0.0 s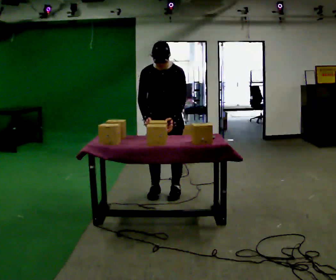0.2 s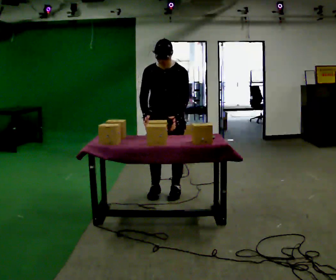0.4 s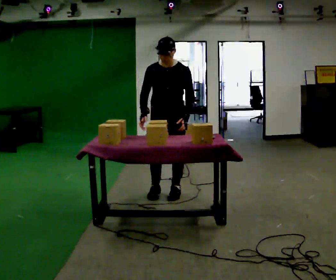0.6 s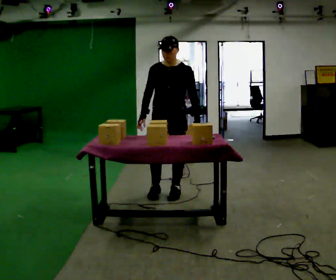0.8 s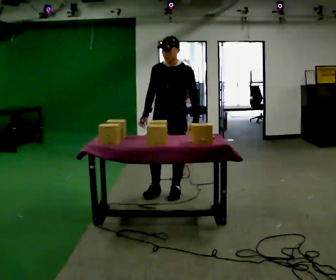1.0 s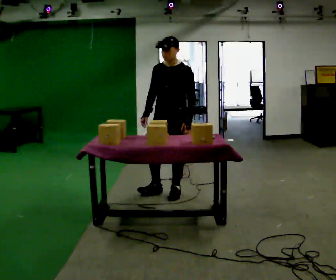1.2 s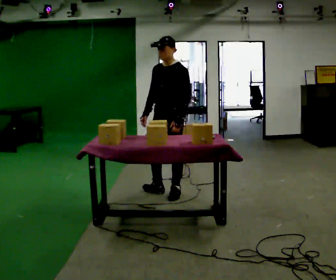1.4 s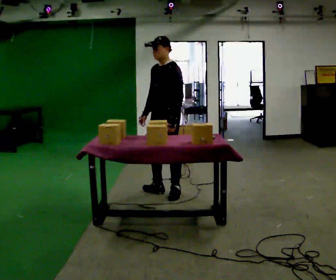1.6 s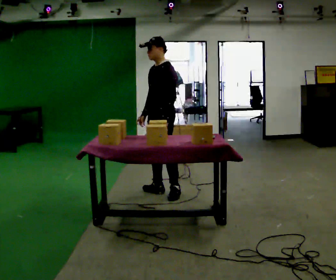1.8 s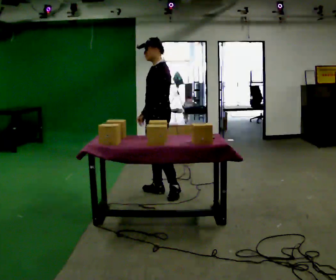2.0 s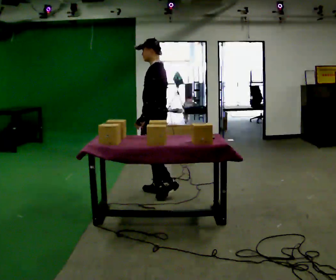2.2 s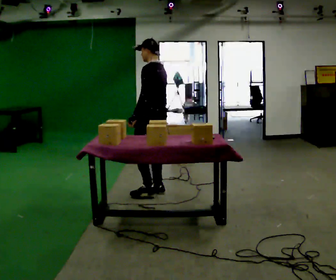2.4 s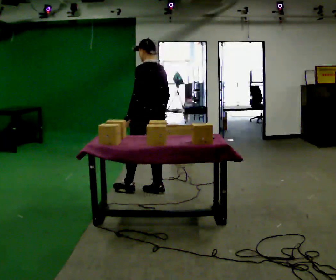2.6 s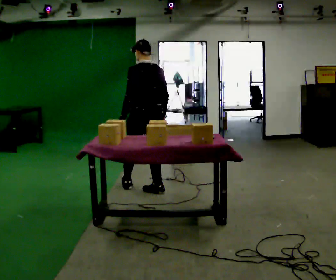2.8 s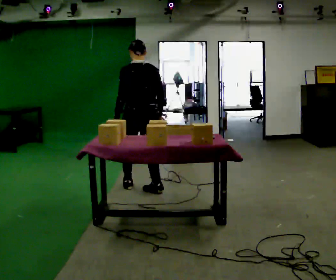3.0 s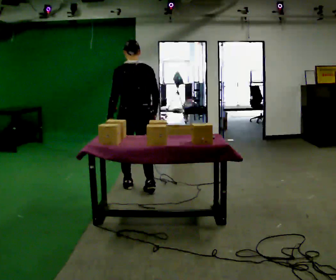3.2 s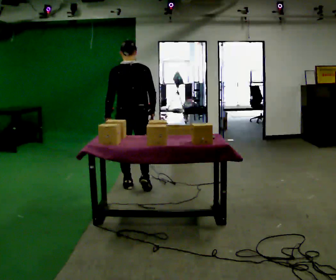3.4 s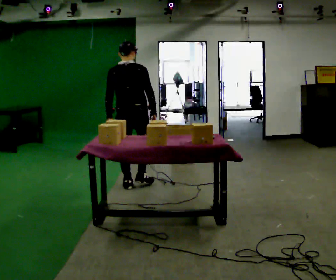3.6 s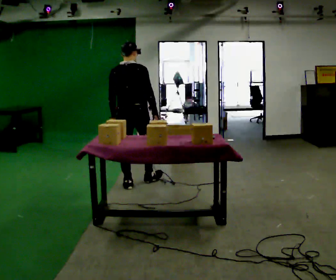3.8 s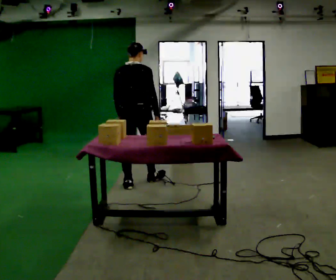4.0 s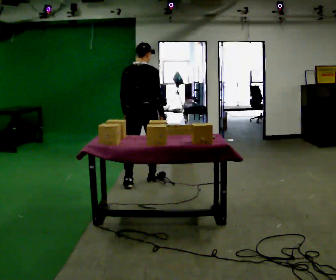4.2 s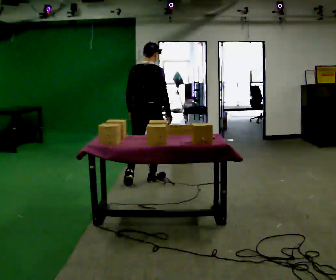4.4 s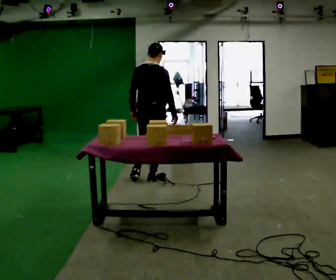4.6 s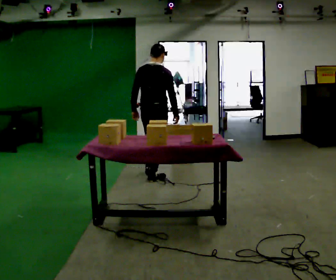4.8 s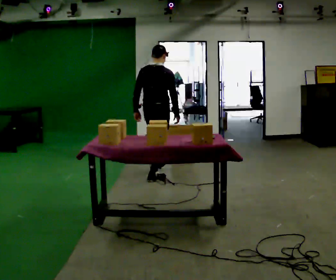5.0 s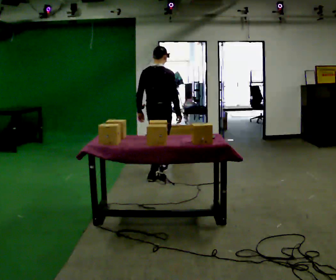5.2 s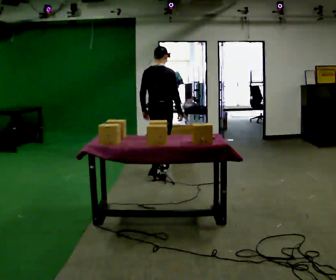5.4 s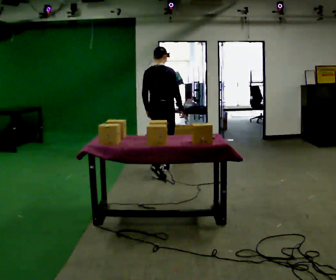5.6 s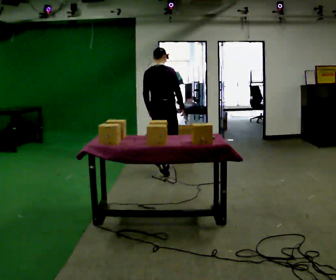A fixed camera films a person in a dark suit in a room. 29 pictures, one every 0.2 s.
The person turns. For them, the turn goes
to their right.
The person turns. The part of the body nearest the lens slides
to the left.
0.0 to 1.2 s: The part of the body nearest the lens slides to the left as the person turns to their right by about 45 degrees. The upper body tips away from the camera, its near side rolling upward, as they lean back or straighten.
1.2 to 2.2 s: The person turns about 75 degrees to their right, clockwise seen from above, so the part of the body nearest the lens slides to the left. In the picture they go to the left, about 0.25 m. In the picture their left hand goes to the left.
2.2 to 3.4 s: The part of the body nearest the lens slides to the left as the person turns to their right by about 75 degrees. In the picture they go to the left and away from the camera, about 0.25 m in 1 step.
3.4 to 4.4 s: In the picture they go away from the camera and to the right, about 0.25 m in 1 step, which for them is forward and to their right.
4.4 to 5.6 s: In the picture they go away from the camera, about 0.5 m in 1 step, which for them is forward.
The film runs forward here.
